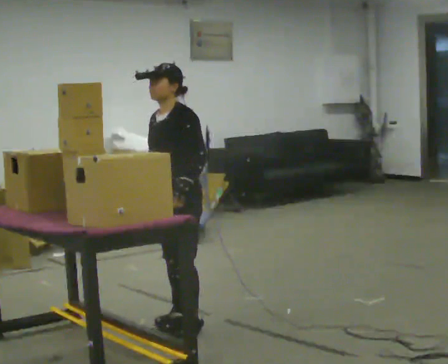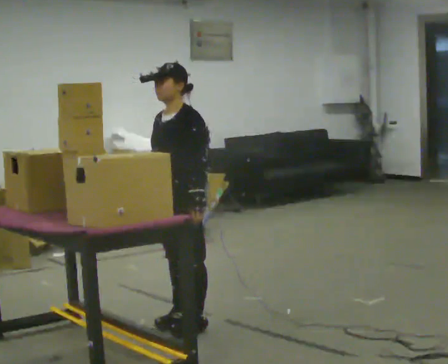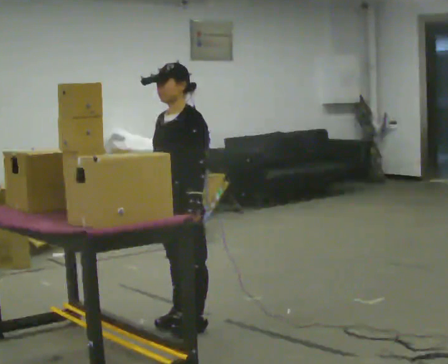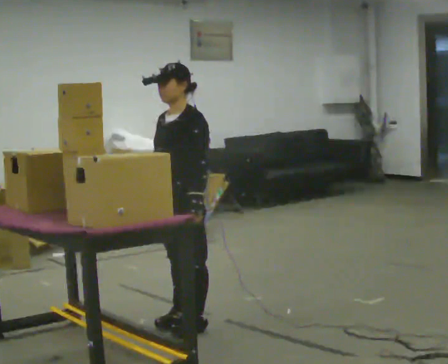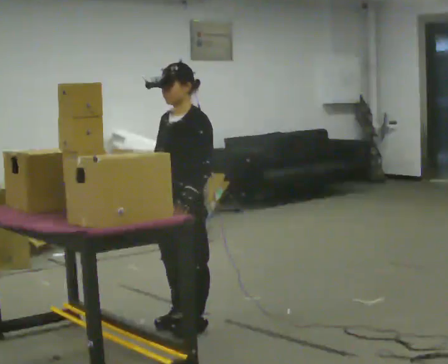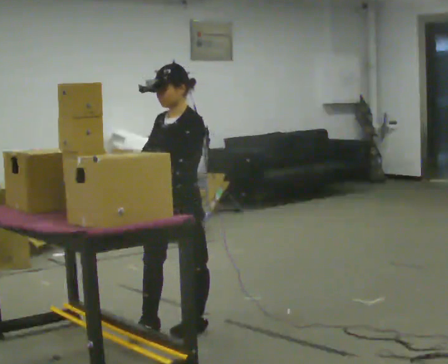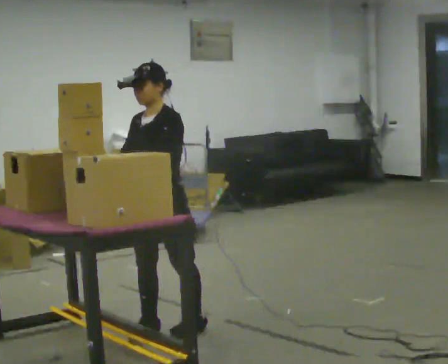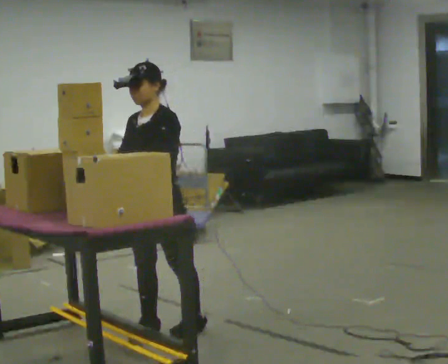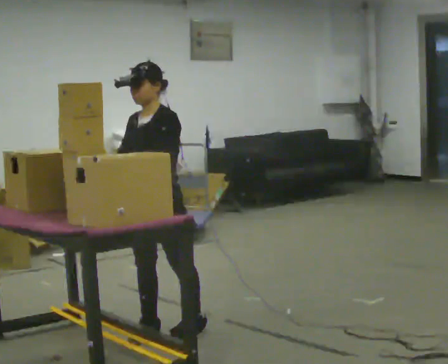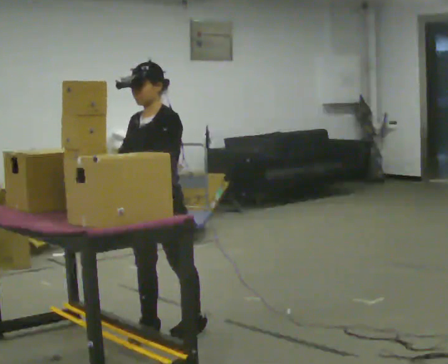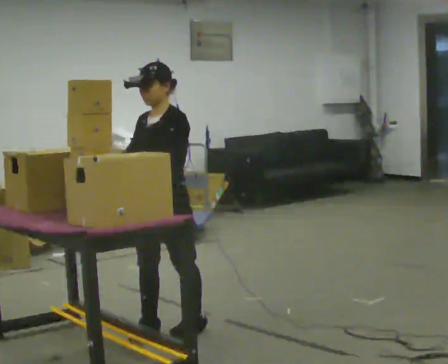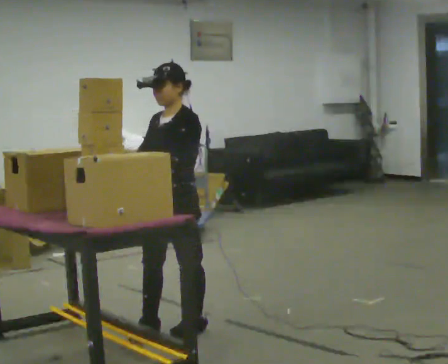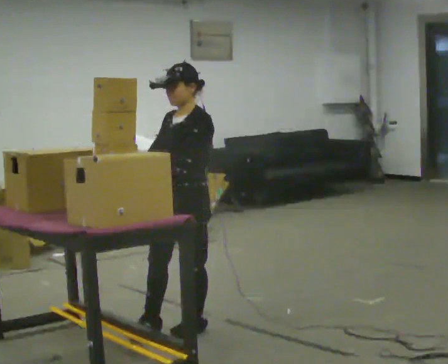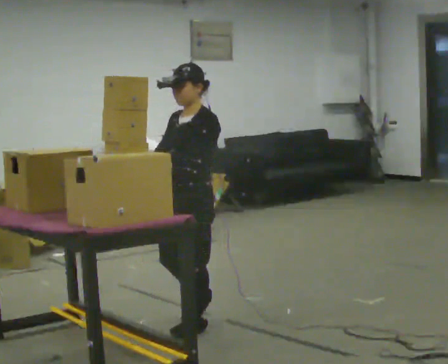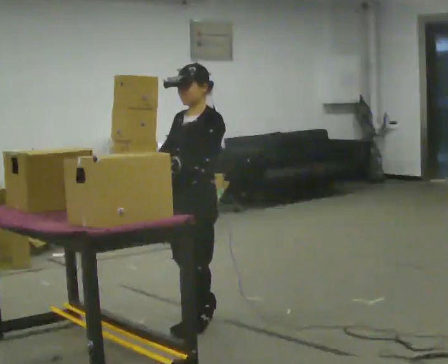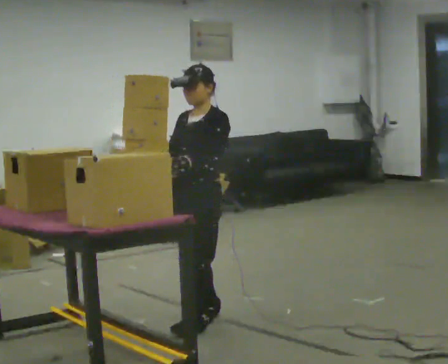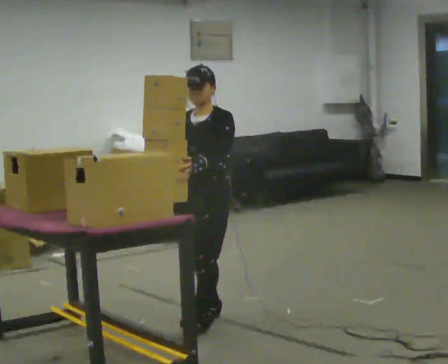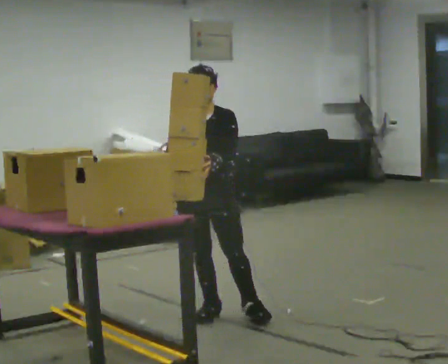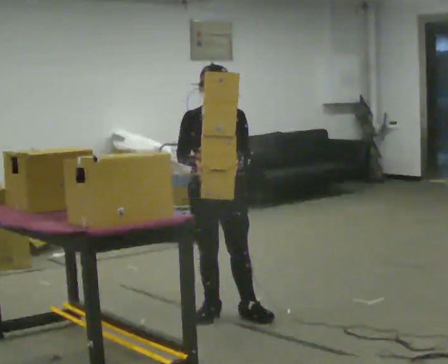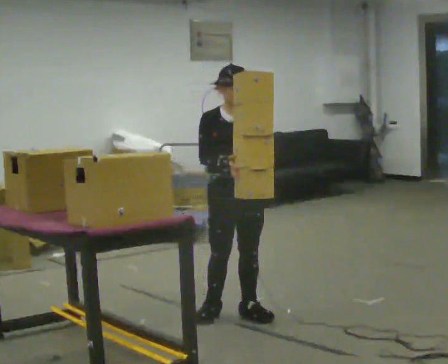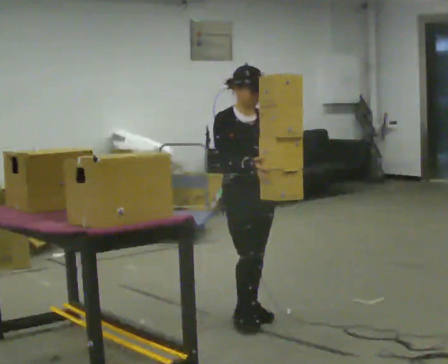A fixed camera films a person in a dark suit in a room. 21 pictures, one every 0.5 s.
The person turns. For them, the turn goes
to their left.
The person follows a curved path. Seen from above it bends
counterclockwise.
0.0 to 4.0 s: In the picture they go to the left, about 0.25 m in 1 step, which for them is forward. In the picture their right hand goes to the left.
4.0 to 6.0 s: In the picture they go to the right, about 0.25 m, which for them is backward.
6.0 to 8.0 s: In the picture they go away from the camera and to the right, about 0.25 m in 1 step, which for them is backward.
8.0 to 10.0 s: The part of the body nearest the lens slides to the right as the person turns to their left by about 60 degrees. In the picture they go to the right, about 0.25 m in 1 step, which for them is to their left. In the picture their right hand goes to the right.
The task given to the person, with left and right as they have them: Carry the object over and fit it into the gap between the two boxes already on the shelf, without touching either of them. Keep going until the operator says stop; one object at a time, and do not rush between trips.
The film runs forward here.
